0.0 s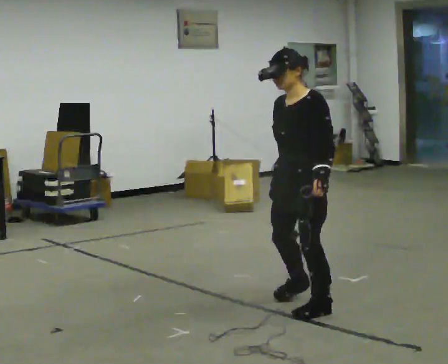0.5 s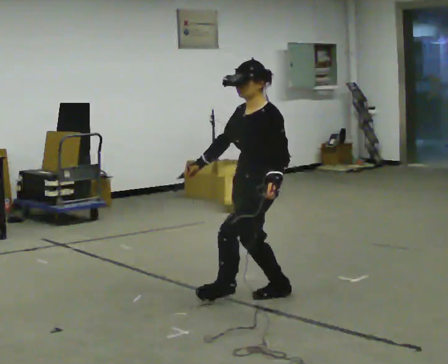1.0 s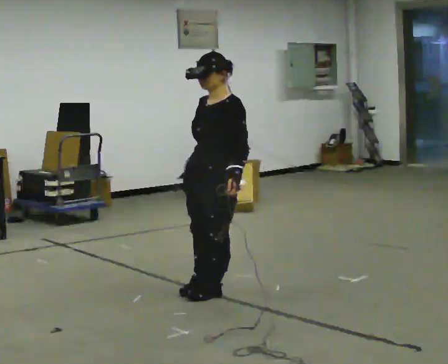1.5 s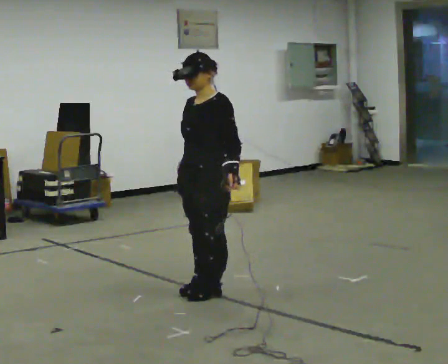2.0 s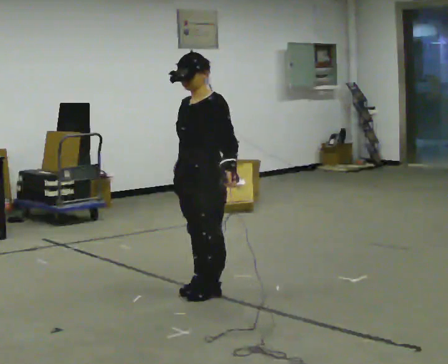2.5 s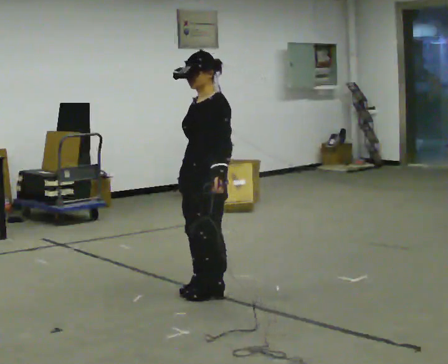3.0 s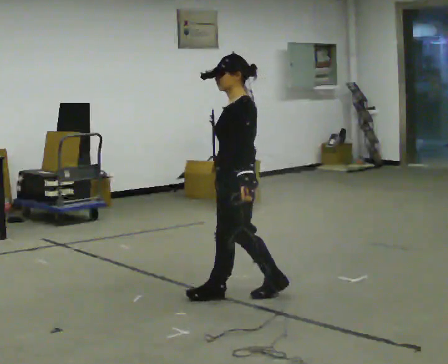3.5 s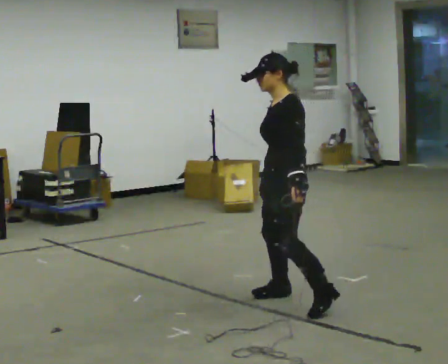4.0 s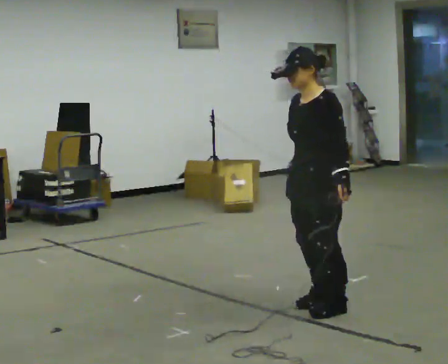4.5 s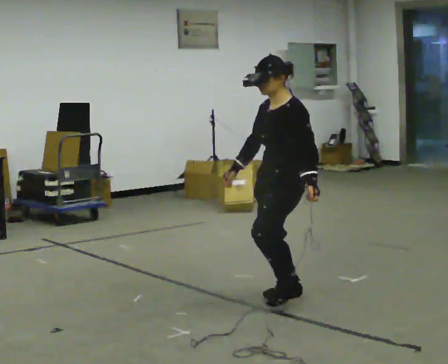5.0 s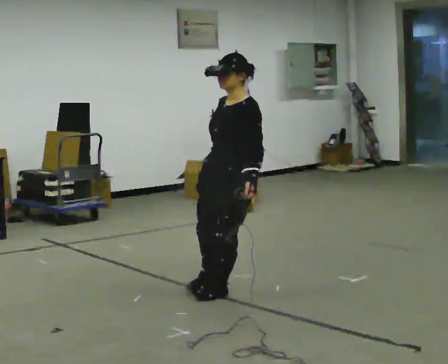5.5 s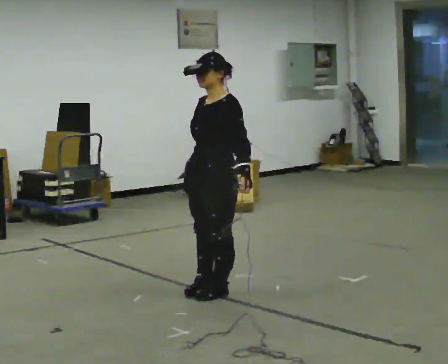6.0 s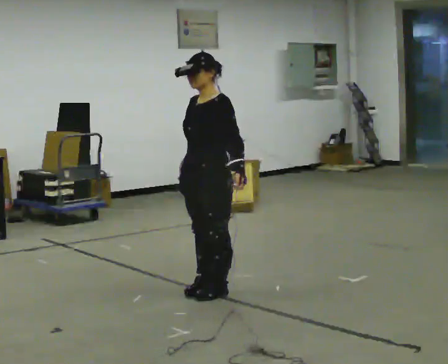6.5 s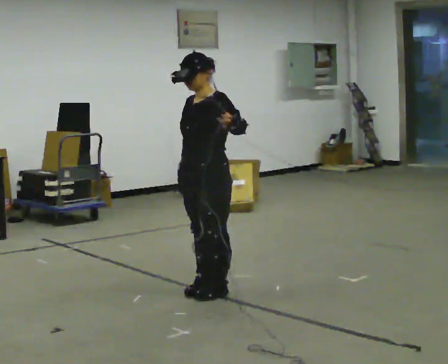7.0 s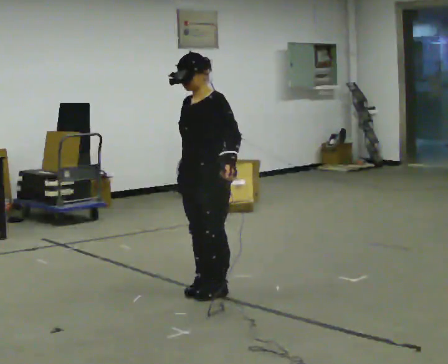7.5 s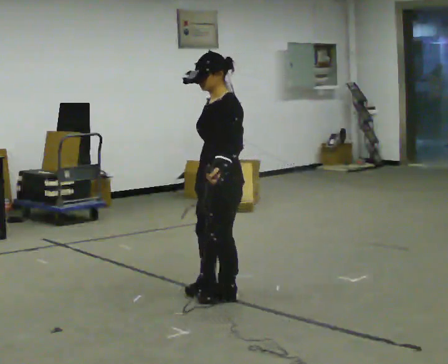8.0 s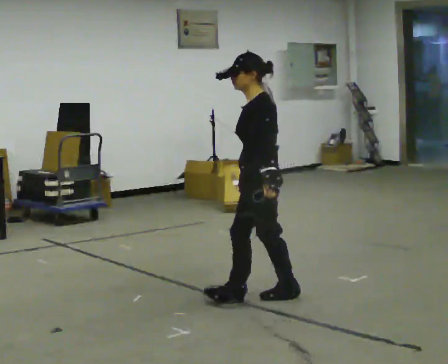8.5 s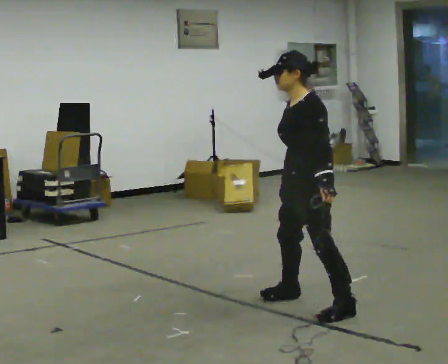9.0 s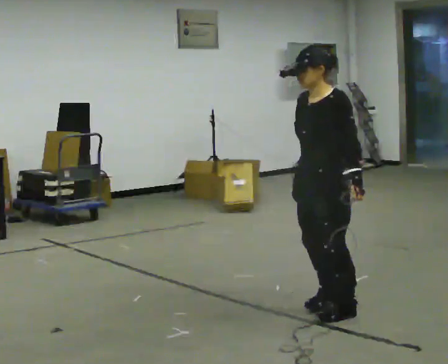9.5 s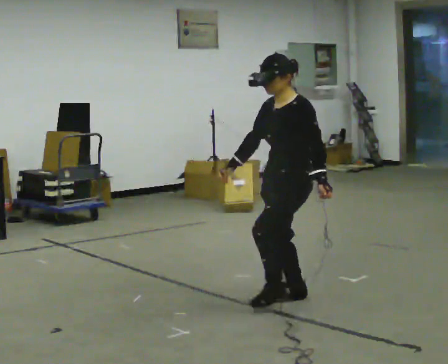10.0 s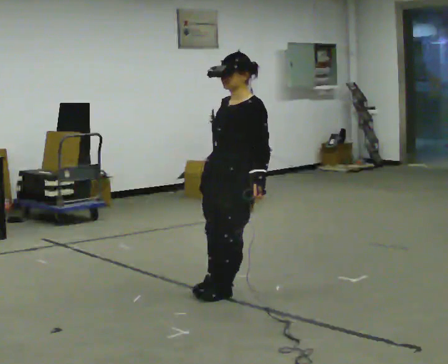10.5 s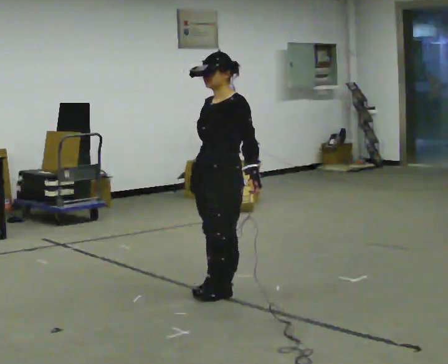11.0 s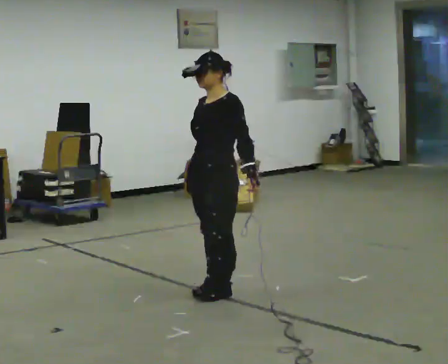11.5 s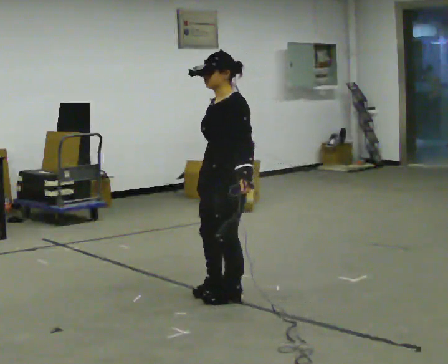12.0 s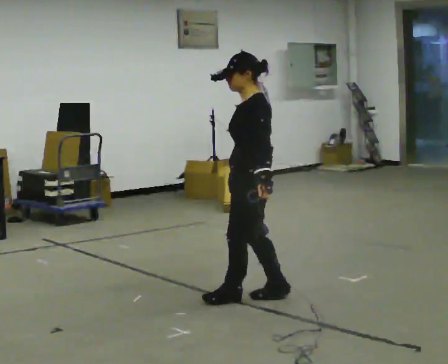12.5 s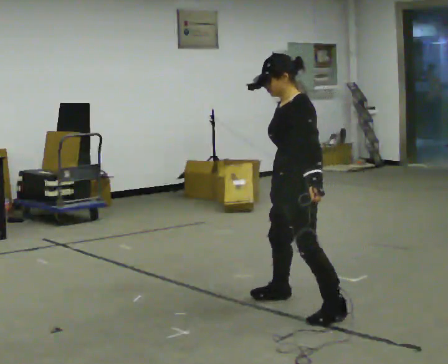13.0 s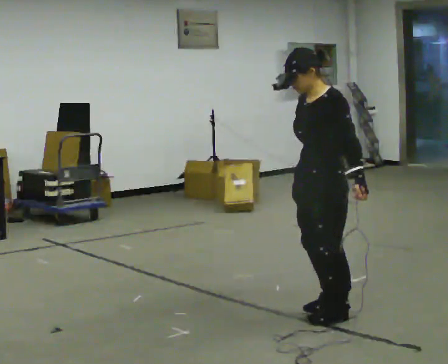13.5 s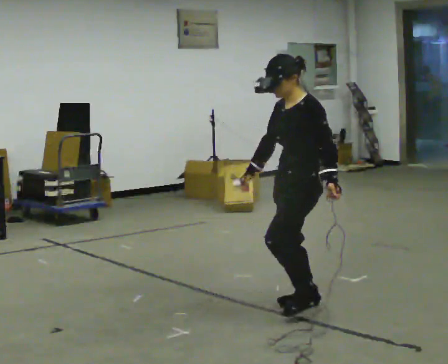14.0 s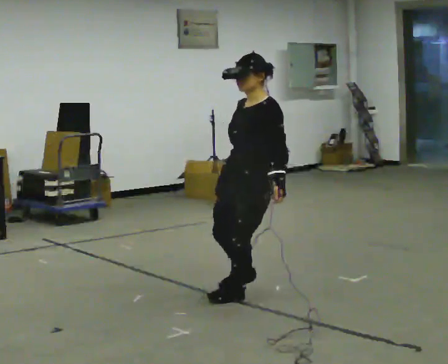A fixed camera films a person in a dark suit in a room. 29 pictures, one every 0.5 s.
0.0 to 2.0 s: In the picture they go to the left and away from the camera, about 0.75 m in 2 steps, which for them is to their right.
2.0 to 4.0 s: In the picture they go to the right and toward the camera, about 0.5 m in 2 steps, which for them is backward and to their left.
4.0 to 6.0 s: In the picture they go to the left and away from the camera, about 0.5 m in 2 steps, which for them is to their right.
6.0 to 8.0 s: The part of the body nearest the lens slides to the left as the person turns to their right by about 45 degrees. In the picture they go to the right and toward the camera, about 0.25 m in 3 steps, which for them is to their left.
8.0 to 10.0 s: Seen from above the body turns counterclockwise, about 45 degrees: to their left, with its near side sliding to the right. In the picture they go to the left, about 0.25 m in 2 steps, which for them is to their right.
10.0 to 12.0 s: Seen from above the body turns clockwise, about 45 degrees: to their right, with its near side sliding to the left.
12.0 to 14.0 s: Seen from above the body turns counterclockwise, about 45 degrees: to their left, with its near side sliding to the right.
The film runs backward here.
